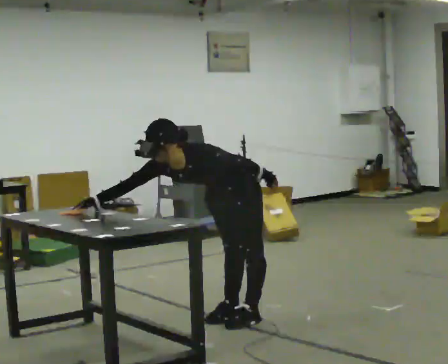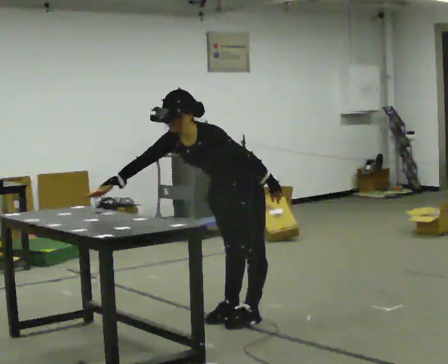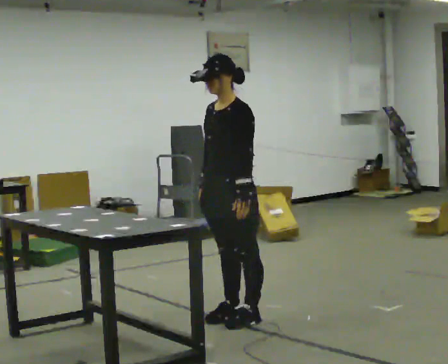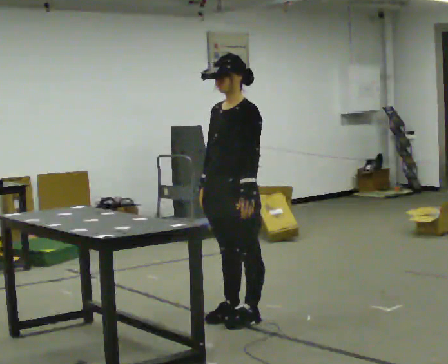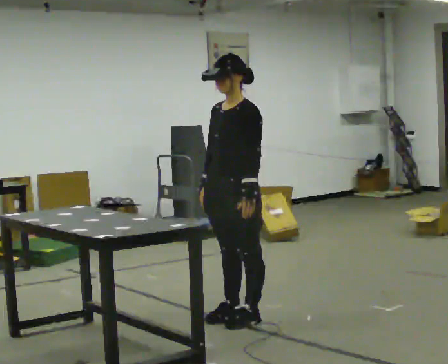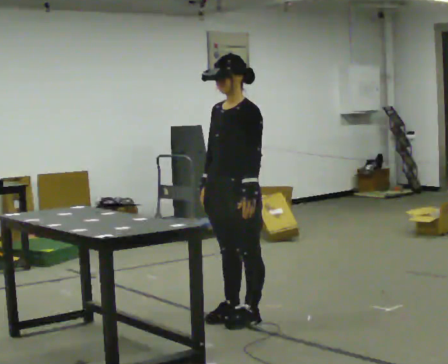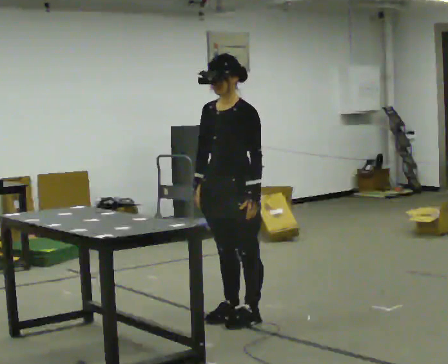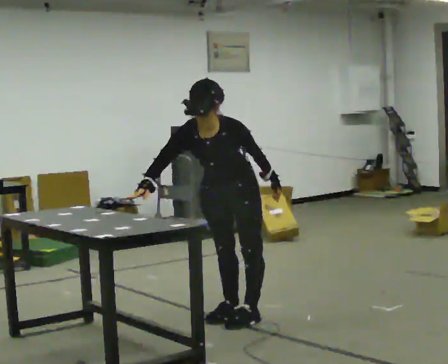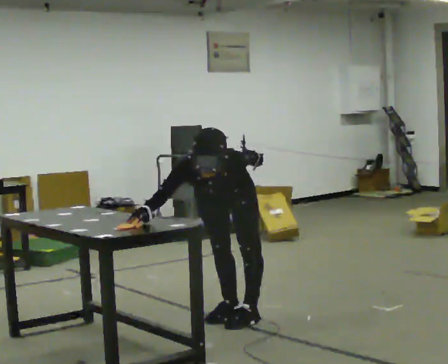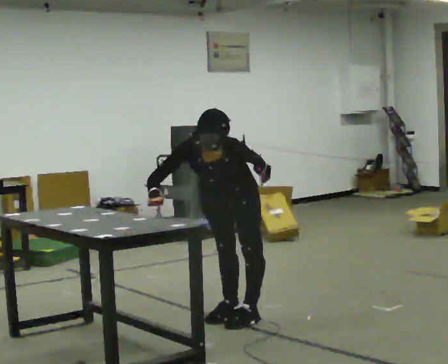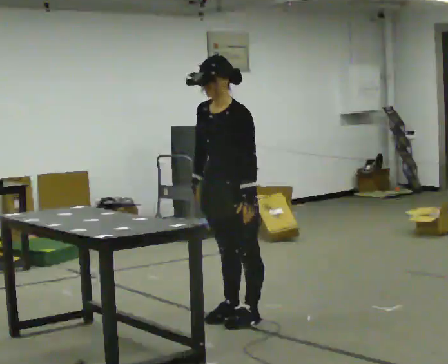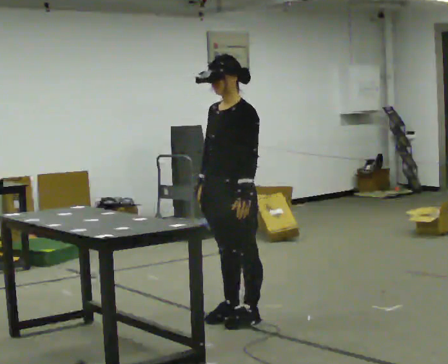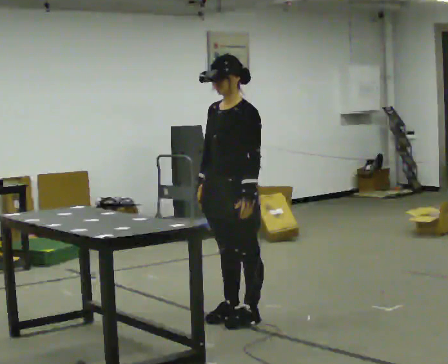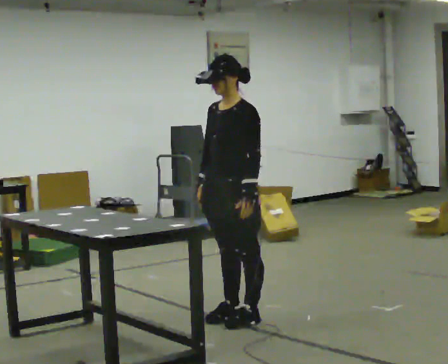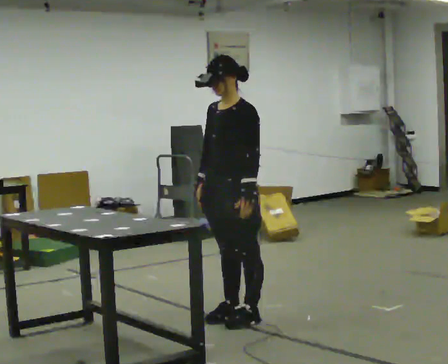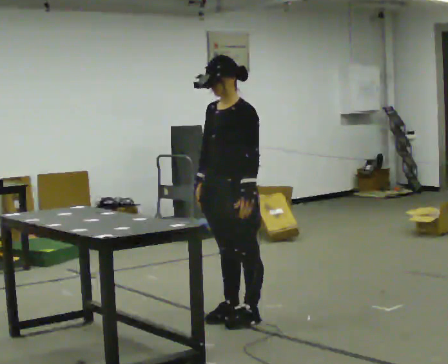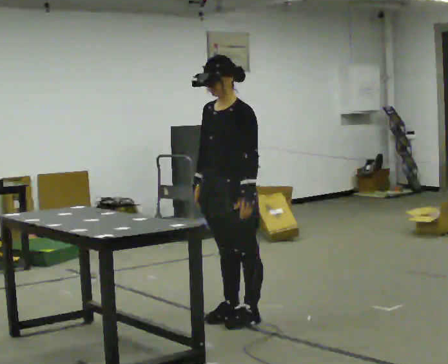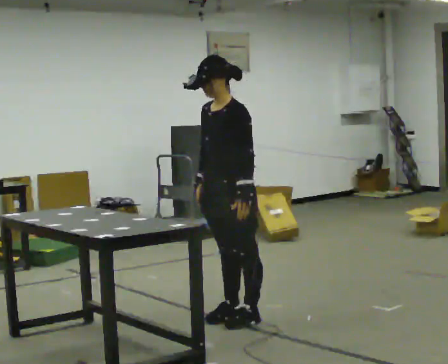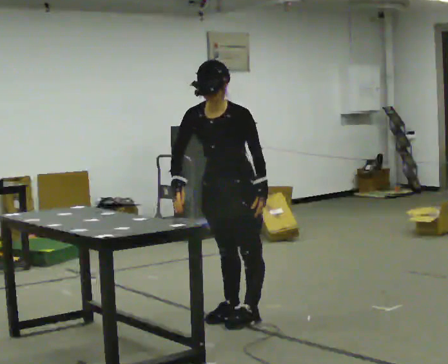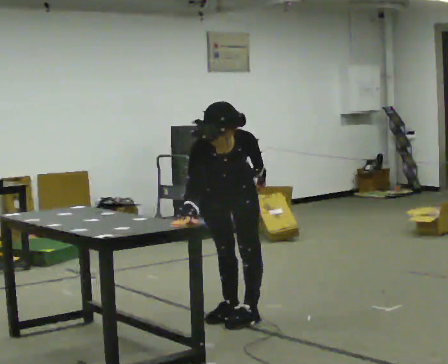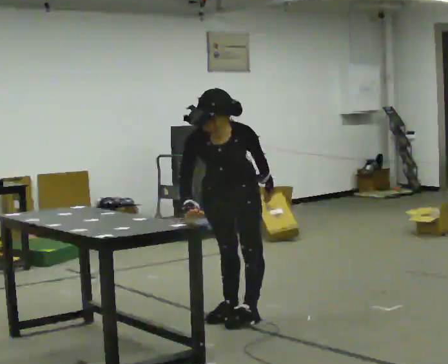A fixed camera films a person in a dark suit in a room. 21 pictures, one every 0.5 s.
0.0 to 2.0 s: The shoulders move upward. In the picture the upper body tilts clockwise, shoulders to the right, as they lean back or straighten.
2.0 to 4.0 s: Seen from above the body turns counterclockwise, about 30 degrees: to their left, with its near side sliding to the right. The shoulders move downward. The upper body tips toward the camera, its near side rolling downward, as they bend forward.
4.0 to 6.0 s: The person turns about 30 degrees to their right, clockwise seen from above, so the part of the body nearest the lens slides to the left. The upper body goes upward. The upper body tips away from the camera, its near side rolling upward, as they lean back or straighten.
6.0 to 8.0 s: The person moves a little, or ends about where they began.
8.0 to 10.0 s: The part of the body nearest the lens slides to the right as the person turns to their left by about 30 degrees. The upper body tips toward the camera, its near side rolling downward, as they bend forward.
The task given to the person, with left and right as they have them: Touch each numbered target on the board in front of you in the order the operator calls. Keep both feet on the marked spots for the whole take. If you have to step, stop and tell the operator.
The film runs forward here.
